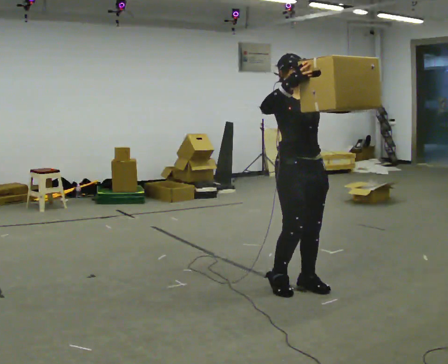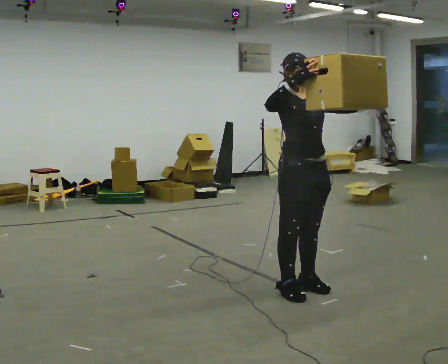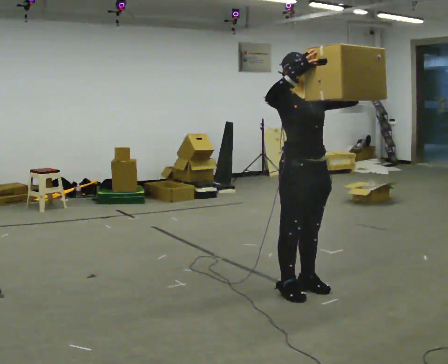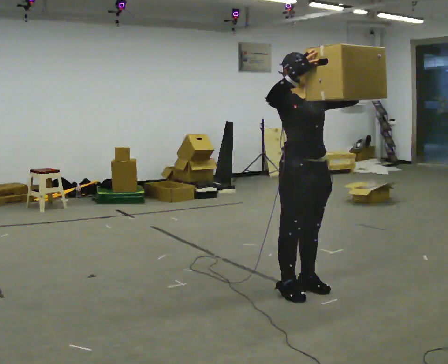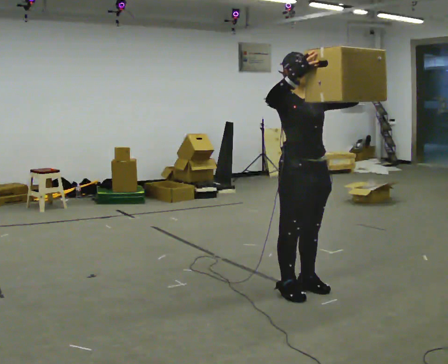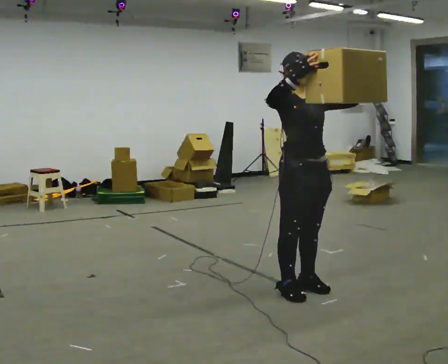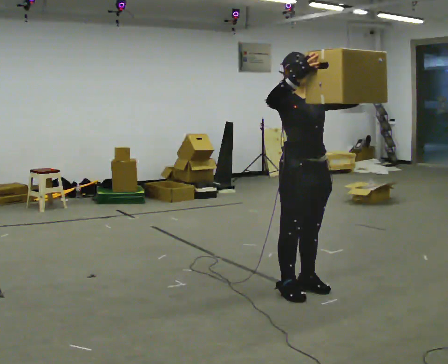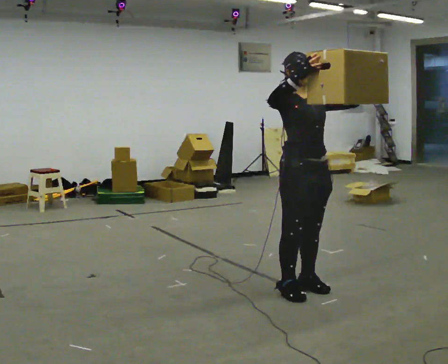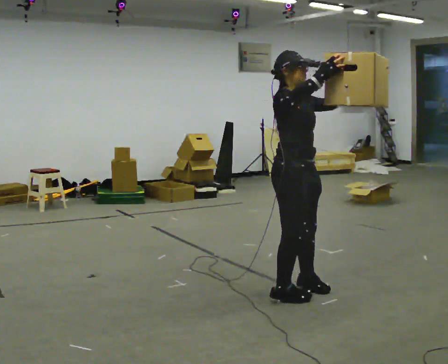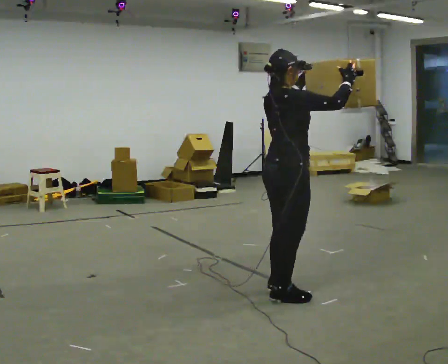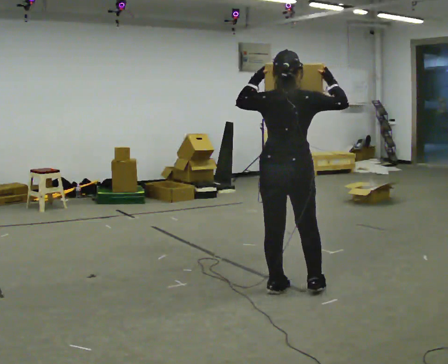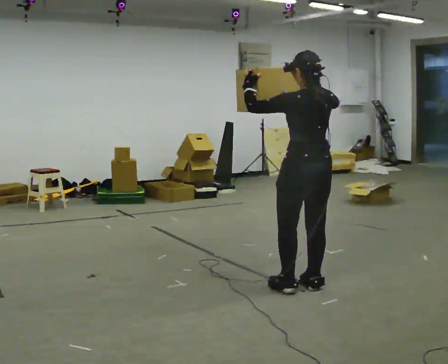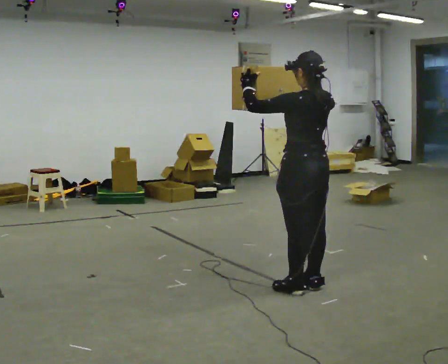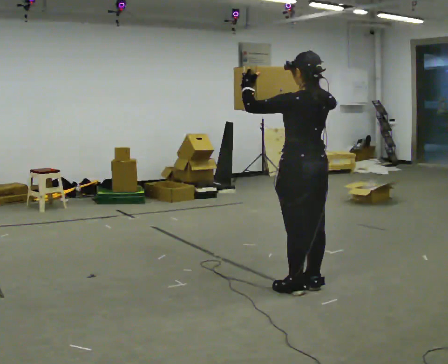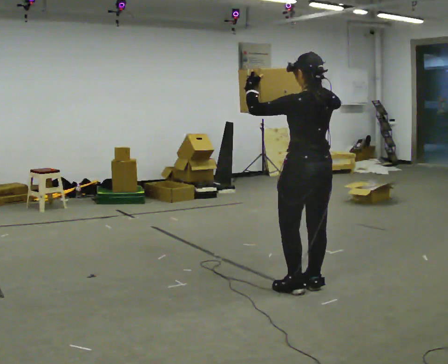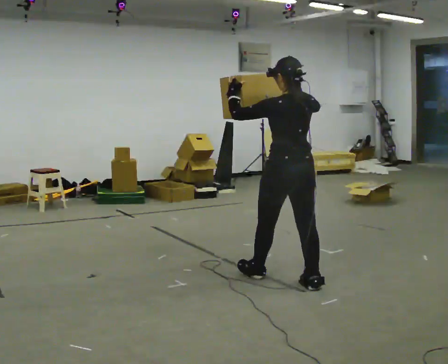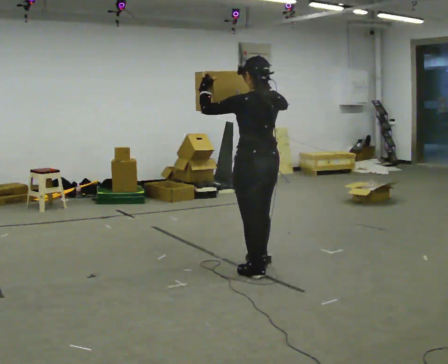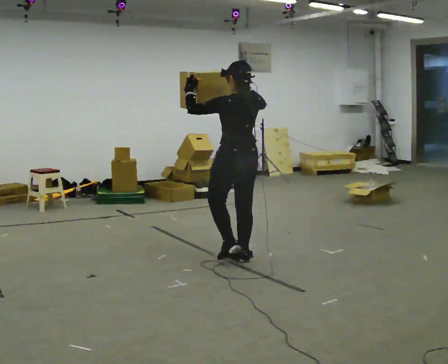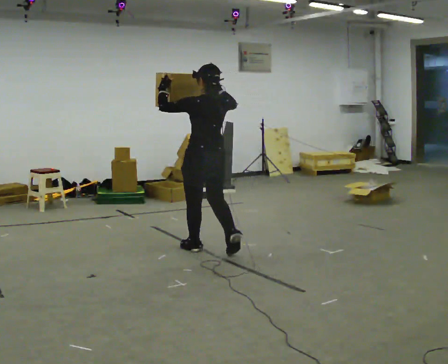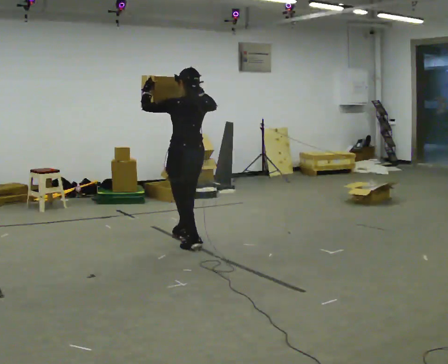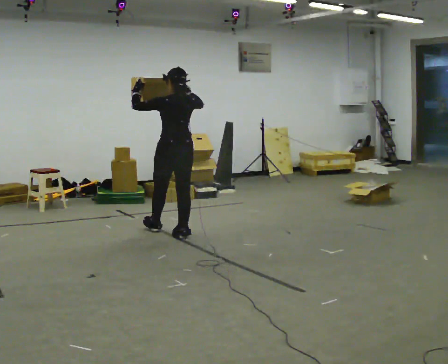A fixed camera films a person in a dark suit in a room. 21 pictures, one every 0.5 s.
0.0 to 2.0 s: The person moves a little, or ends about where they began.
2.0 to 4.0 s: The person turns about 30 degrees to their left, counterclockwise seen from above, so the part of the body nearest the lens slides to the right.
4.0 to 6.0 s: Seen from above the body turns counterclockwise, about 150 degrees: to their left, with its near side sliding to the right. In the picture their left hand goes to the left.
6.0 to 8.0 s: In the picture they go to the left and away from the camera, about 0.5 m in 1 step, which for them is forward.
8.0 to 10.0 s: In the picture they go away from the camera and to the left, about 1.5 m in 3 steps, which for them is forward.
The film runs forward here.
